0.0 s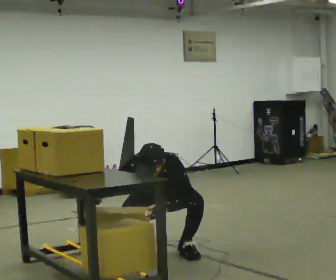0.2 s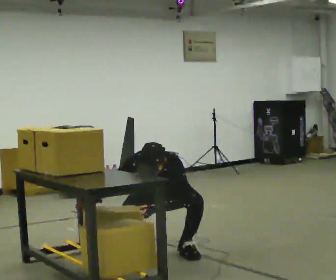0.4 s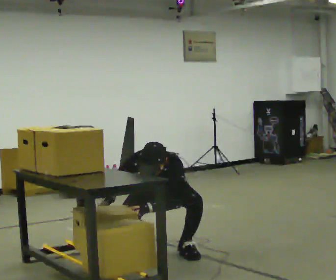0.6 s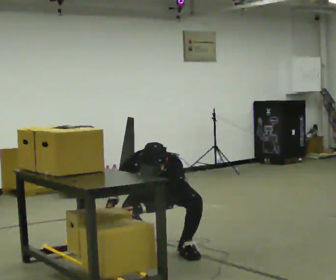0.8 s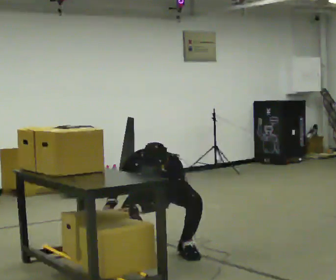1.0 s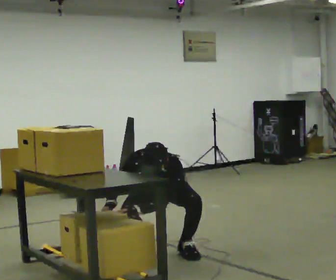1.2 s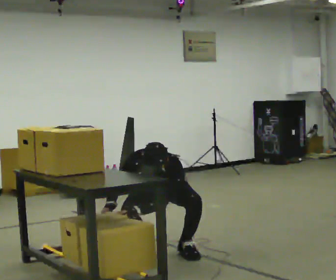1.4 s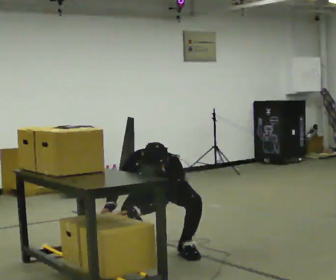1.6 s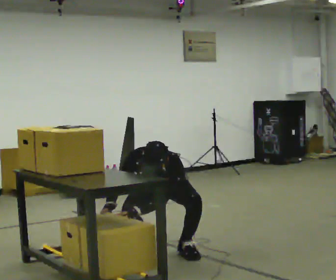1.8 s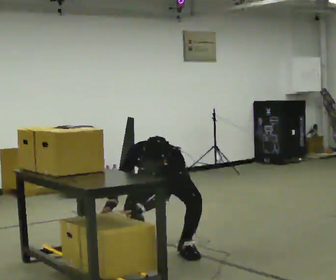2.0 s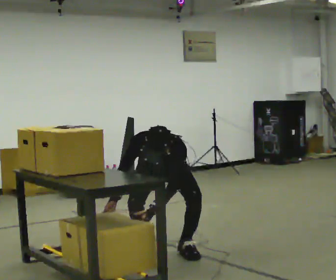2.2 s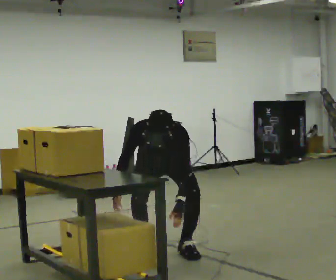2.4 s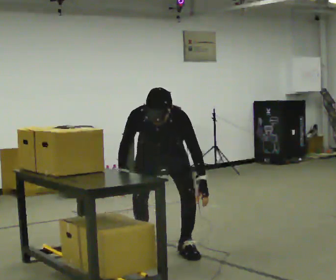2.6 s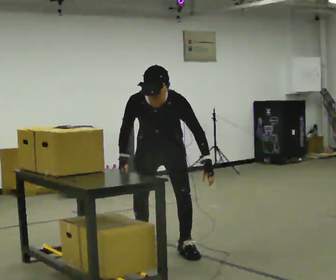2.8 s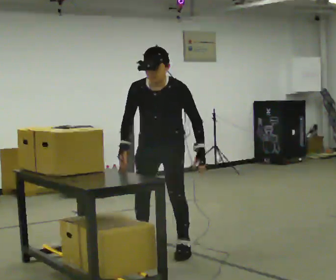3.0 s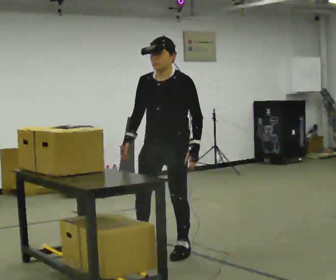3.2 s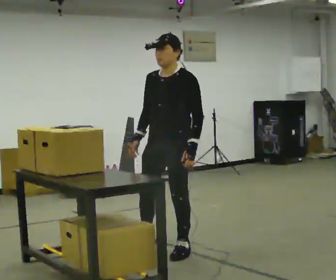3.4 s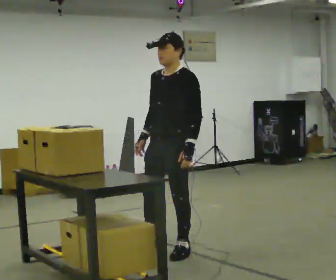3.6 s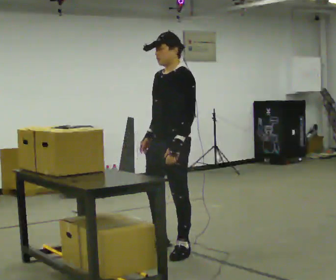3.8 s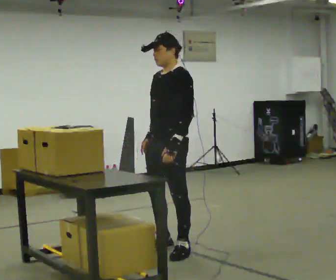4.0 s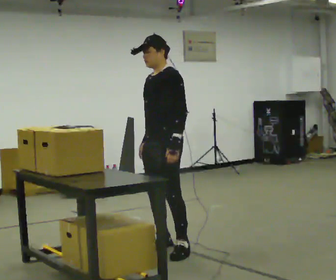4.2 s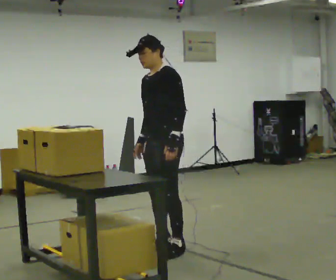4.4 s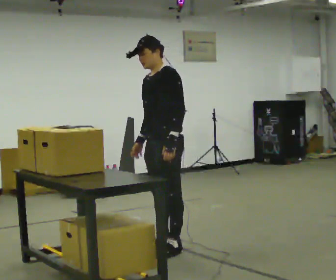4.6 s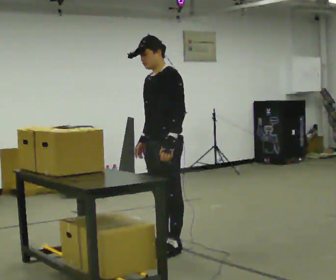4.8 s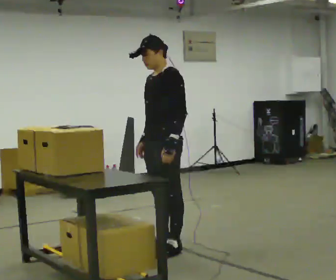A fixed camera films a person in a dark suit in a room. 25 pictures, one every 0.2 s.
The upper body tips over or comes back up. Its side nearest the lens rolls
upward.
The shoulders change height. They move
upward.
0.0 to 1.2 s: The person moves a little, or ends about where they began.
1.2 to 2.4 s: The shoulders move upward. In the picture their left hand goes to the right, the arm swinging counterclockwise.
2.4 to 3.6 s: Seen from above the body turns clockwise, about 60 degrees: to their right, with its near side sliding to the left. In the picture they go toward the camera, about 0.25 m, which for them is to their left. The upper body goes upward. The upper body tips away from the camera, its near side rolling upward, as they lean back or straighten.
3.6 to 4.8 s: The person moves a little, or ends about where they began.
The film runs forward here.
